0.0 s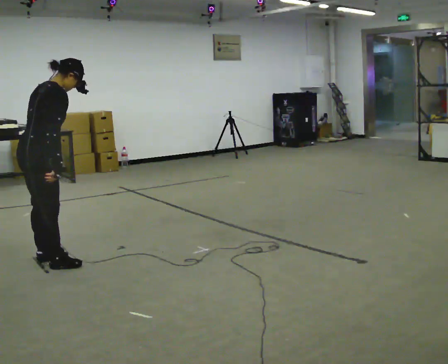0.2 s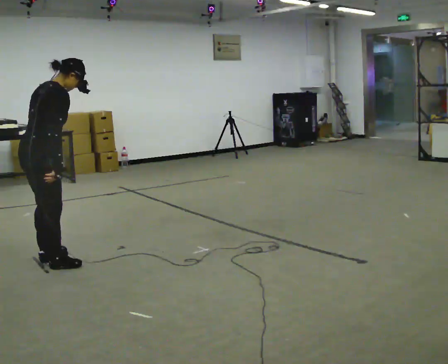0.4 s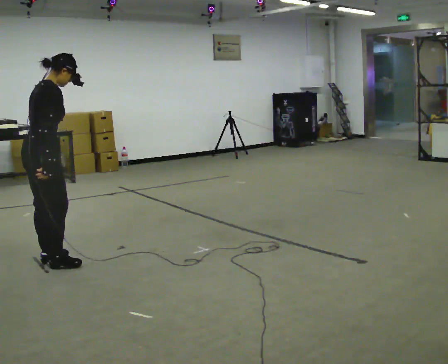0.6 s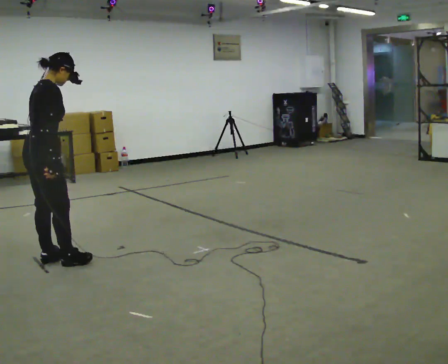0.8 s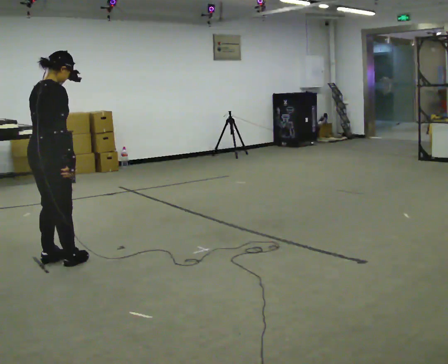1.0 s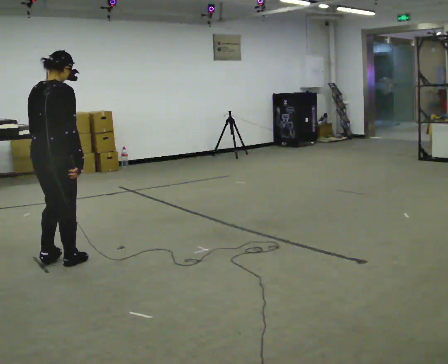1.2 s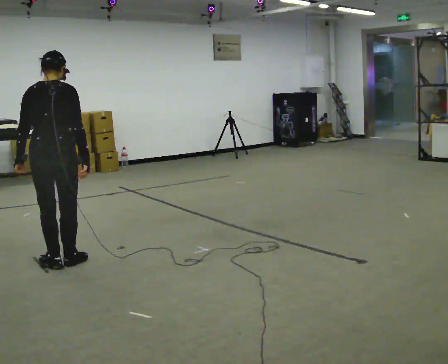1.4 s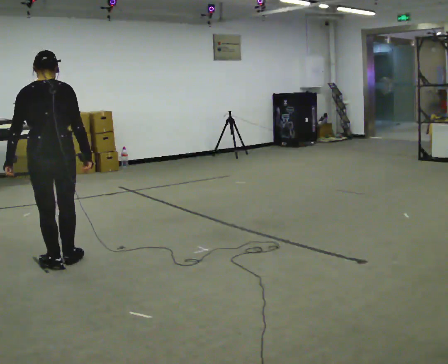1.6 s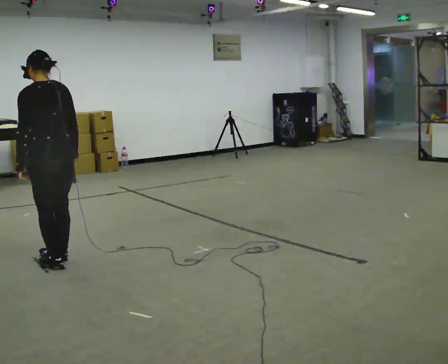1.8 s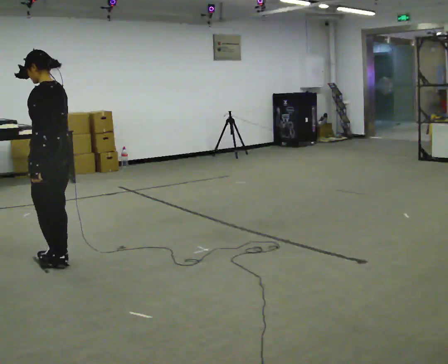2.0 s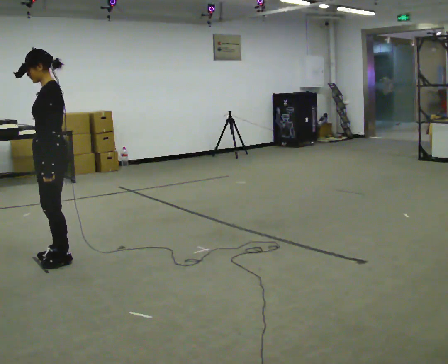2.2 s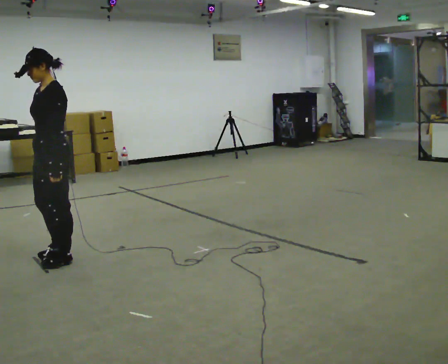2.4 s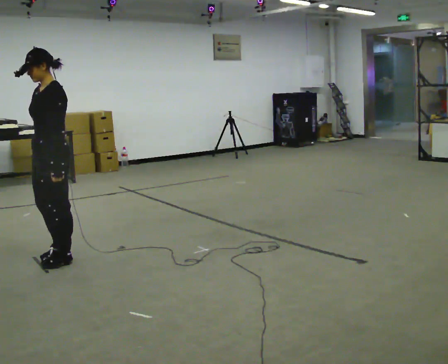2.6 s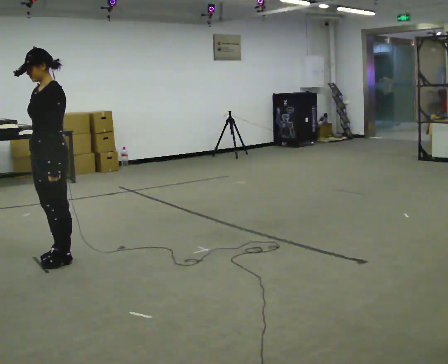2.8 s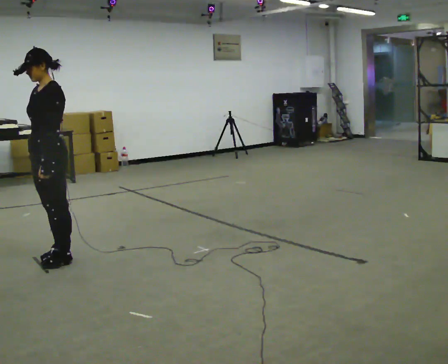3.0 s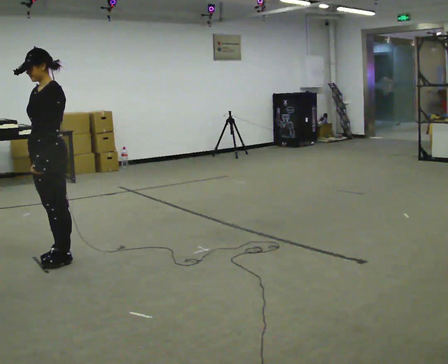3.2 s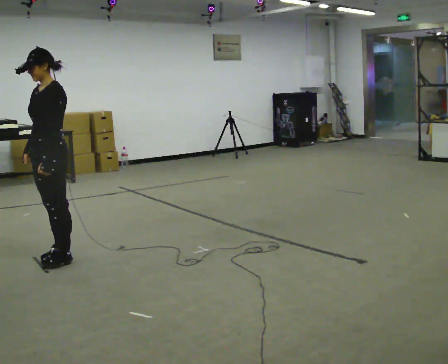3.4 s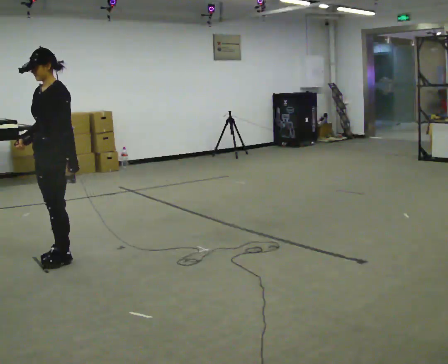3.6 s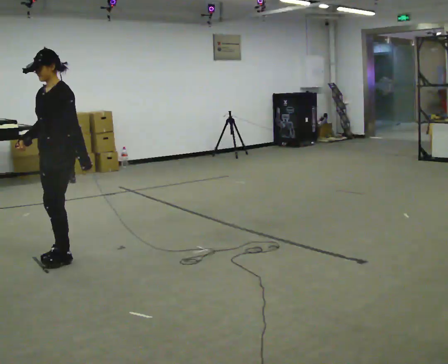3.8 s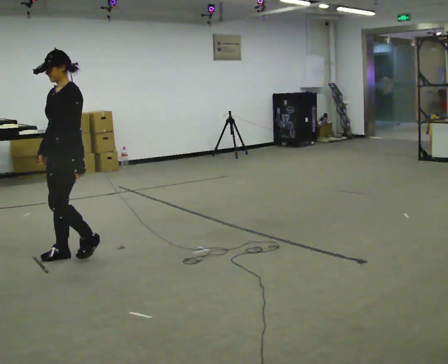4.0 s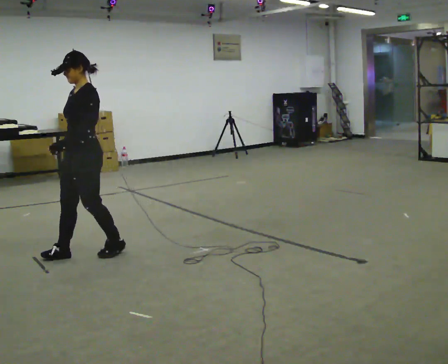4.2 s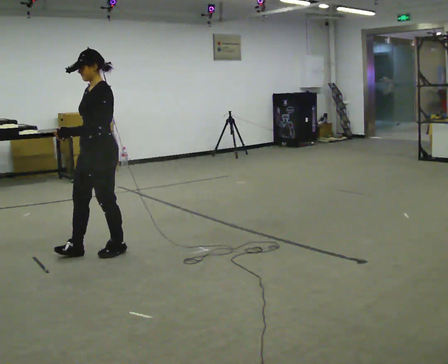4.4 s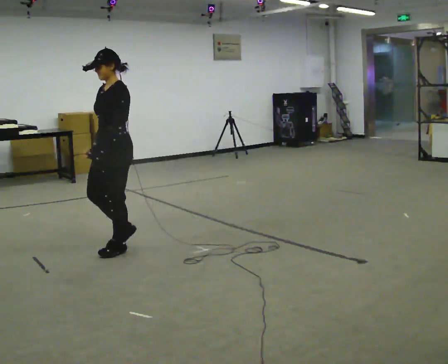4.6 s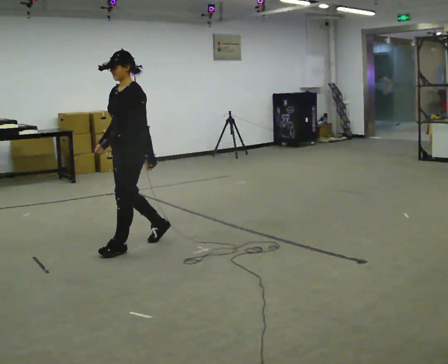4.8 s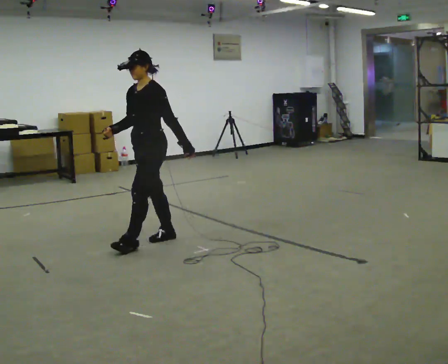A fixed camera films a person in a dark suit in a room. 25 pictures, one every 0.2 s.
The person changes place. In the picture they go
to the right.
The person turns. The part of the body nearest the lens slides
to the right.
0.0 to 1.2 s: The part of the body nearest the lens slides to the right as the person turns to their left by about 45 degrees. In the picture the upper body tilts counterclockwise, shoulders to the left, as they lean back or straighten.
1.2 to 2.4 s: The part of the body nearest the lens slides to the right as the person turns to their left by about 135 degrees. In the picture their right hand goes to the left.
2.4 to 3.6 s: The person moves a little, or ends about where they began.
3.6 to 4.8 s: In the picture they go to the right, about 1 m in 3 steps, which for them is backward.
The film runs backward here.
